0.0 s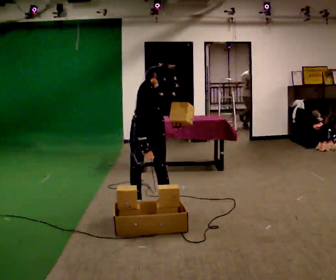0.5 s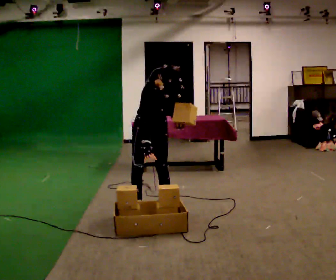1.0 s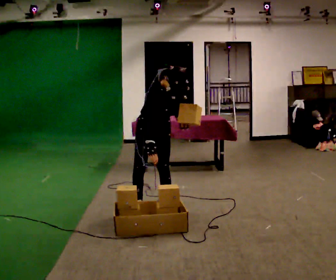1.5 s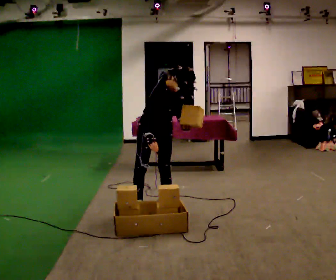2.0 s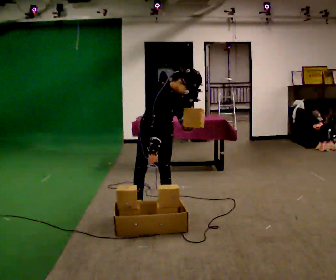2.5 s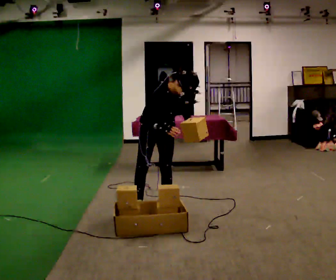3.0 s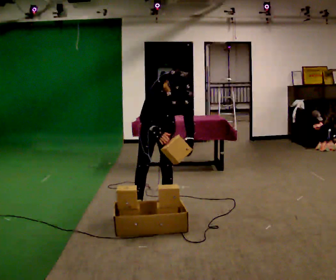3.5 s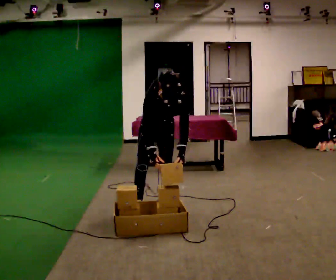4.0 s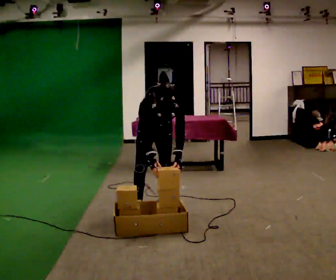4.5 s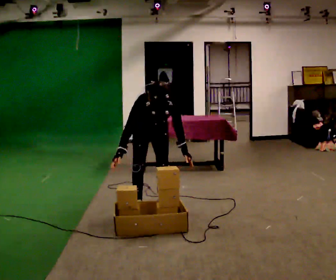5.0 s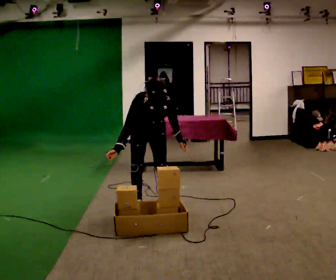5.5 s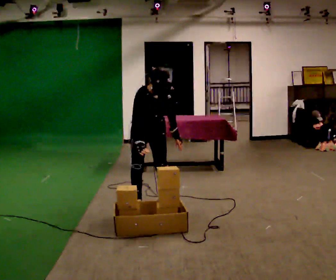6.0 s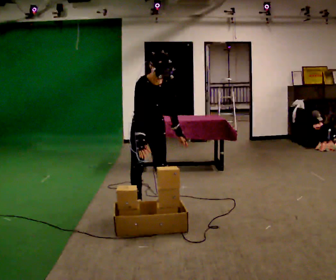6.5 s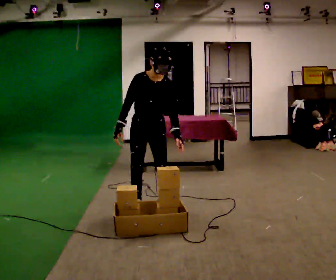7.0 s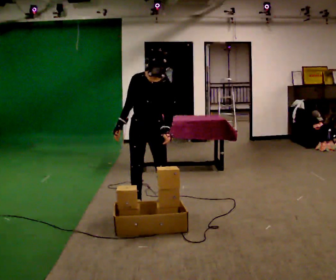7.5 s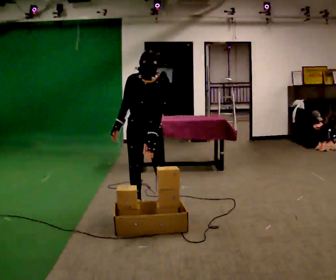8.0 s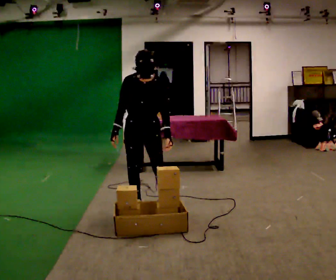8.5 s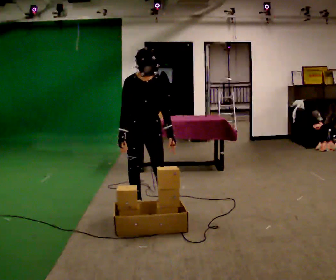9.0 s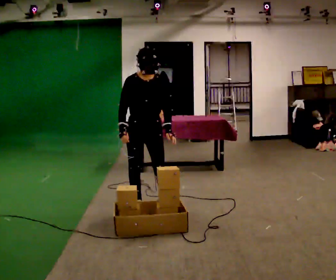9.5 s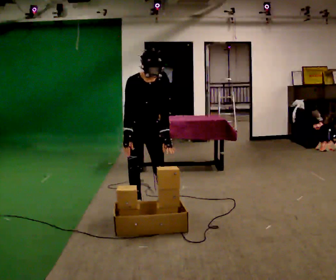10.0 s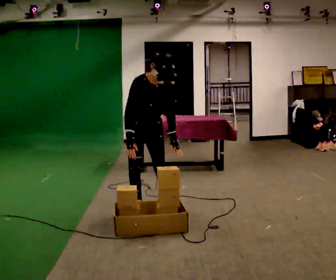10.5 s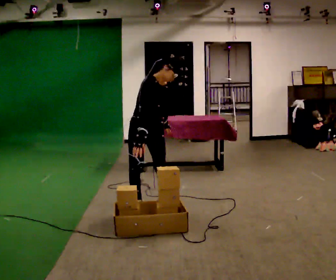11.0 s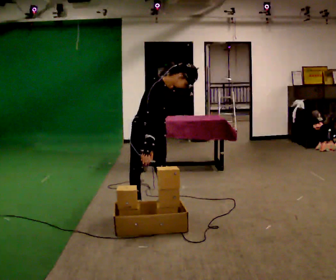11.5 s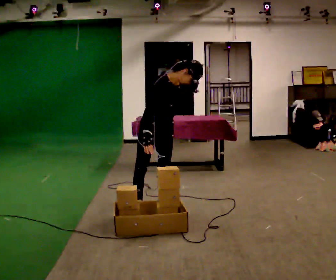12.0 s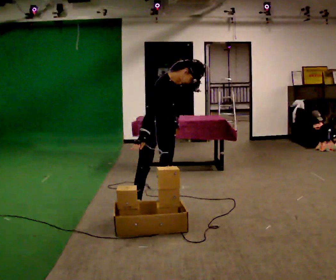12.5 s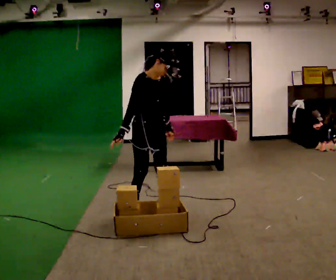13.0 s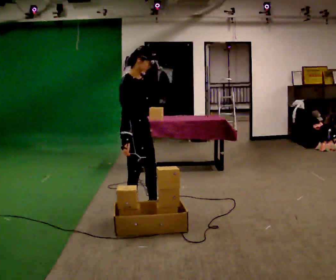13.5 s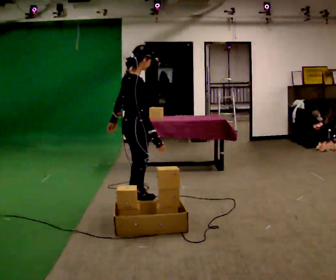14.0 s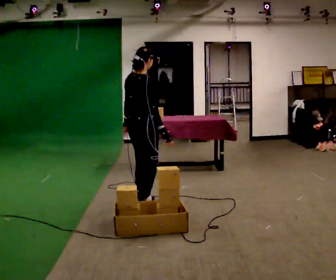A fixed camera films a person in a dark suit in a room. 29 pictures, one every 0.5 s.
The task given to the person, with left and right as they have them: Carry the object across the room, open the lid of the container, put the object inside, and close the lid again. Then go back for the next one. Keep going until the operator says stop; one object at a time, and do not rush between trips.
0.0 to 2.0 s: The person moves a little, or ends about where they began.
2.0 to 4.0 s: The upper body tips toward the camera, its near side rolling downward, as they bend forward.
4.0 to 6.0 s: The upper body goes upward. The upper body tips away from the camera, its near side rolling upward, as they lean back or straighten.
6.0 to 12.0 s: The person moves a little, or ends about where they began.
12.0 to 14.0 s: Seen from above the body turns counterclockwise, about 105 degrees: to their left, with its near side sliding to the right. In the picture they go away from the camera and to the left, about 0.25 m in 1 step. In the picture the upper body tilts counterclockwise, shoulders to the left, as they lean back or straighten.
The film runs forward here.
